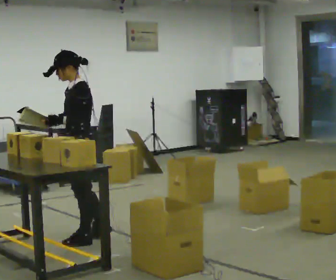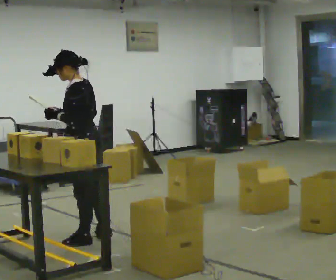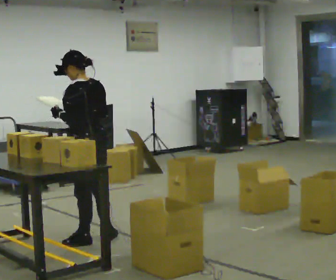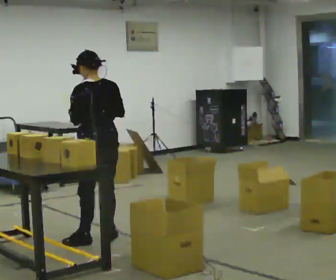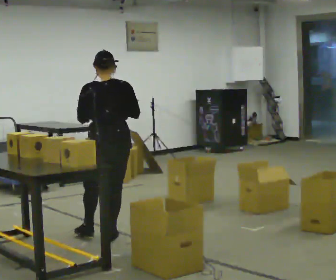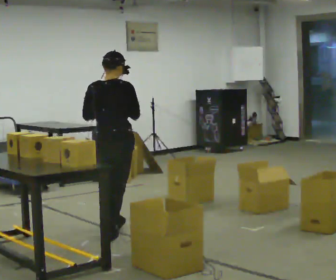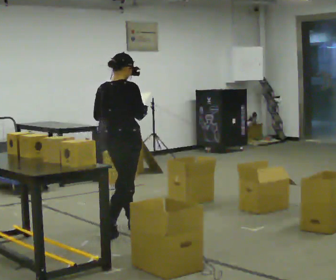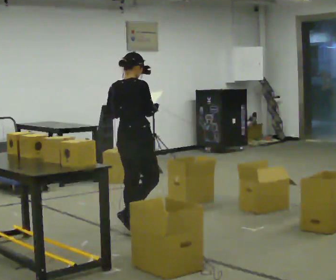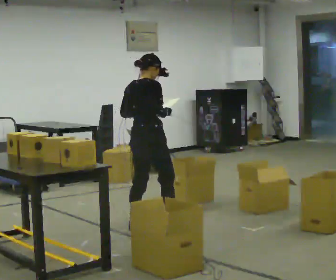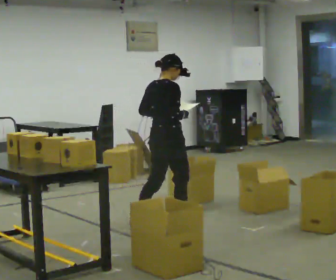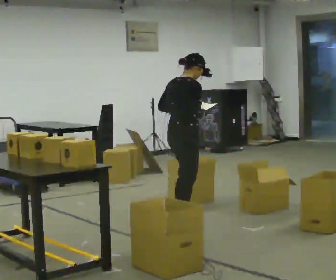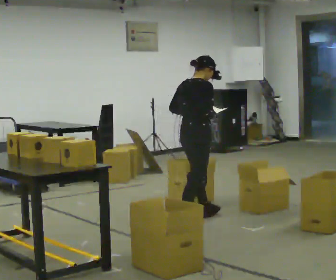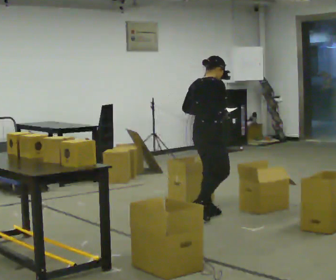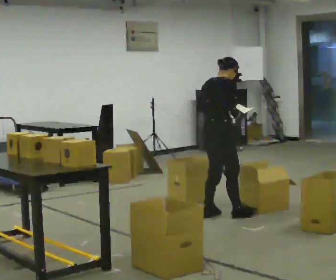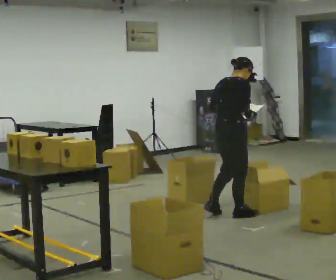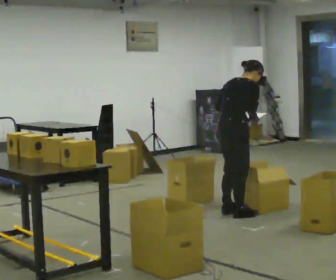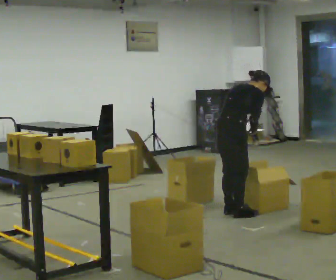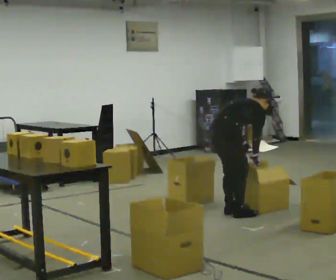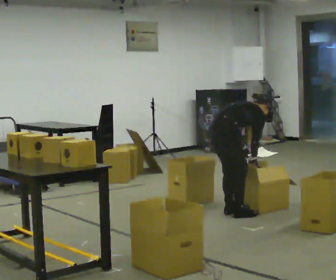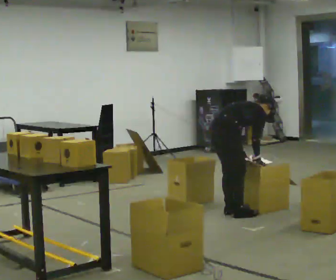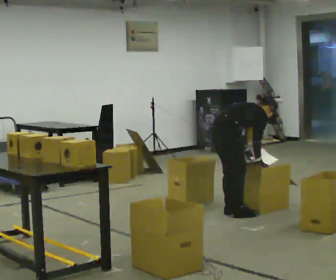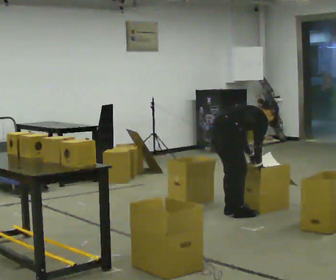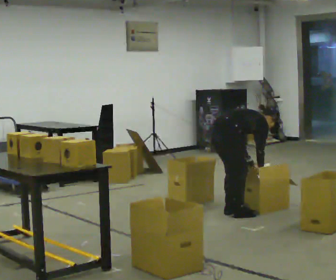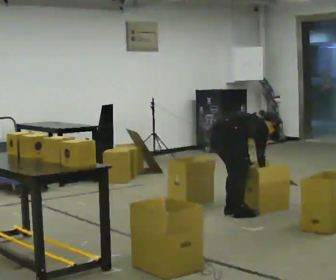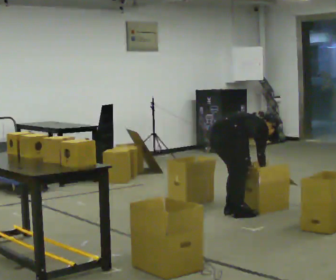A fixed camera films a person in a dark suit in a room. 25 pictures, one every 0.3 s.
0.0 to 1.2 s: Seen from above the body turns clockwise, about 90 degrees: to their right, with its near side sliding to the left. In the picture they go to the right, about 0.25 m. In the picture their right hand goes to the right.
1.2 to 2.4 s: Seen from above the body turns clockwise, about 60 degrees: to their right, with its near side sliding to the left. In the picture they go away from the camera and to the right, about 0.5 m in 1 step, which for them is forward.
2.4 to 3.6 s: In the picture they go to the right and away from the camera, about 0.5 m in 2 steps, which for them is forward.
3.6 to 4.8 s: In the picture they go to the right, about 0.25 m in 2 steps, which for them is forward. In the picture the upper body tilts clockwise, shoulders to the right, as they bend forward.
4.8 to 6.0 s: The upper body goes downward. In the picture the upper body tilts clockwise, shoulders to the right, as they bend forward.
6.0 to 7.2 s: In the picture the upper body tilts clockwise, shoulders to the right, as they bend forward.
The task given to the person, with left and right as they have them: 1. Read the parts list. 2. Collect each part from the bins around the room. 3. Lay them out on the table in the order on the list. 4. Put them all in the carry case. 5. Tell the operator when you are finished.
The film runs forward here.
